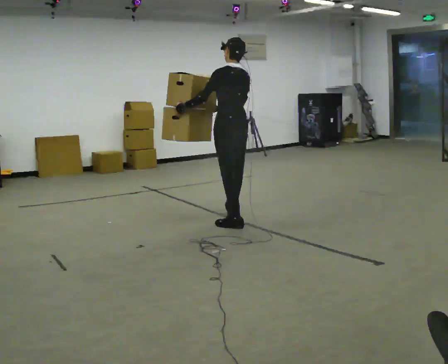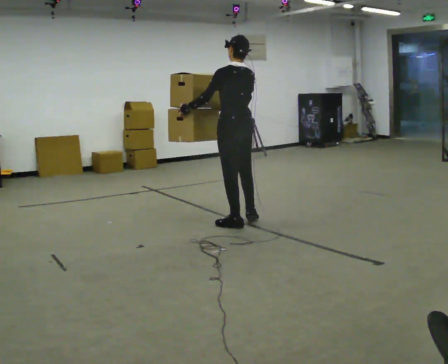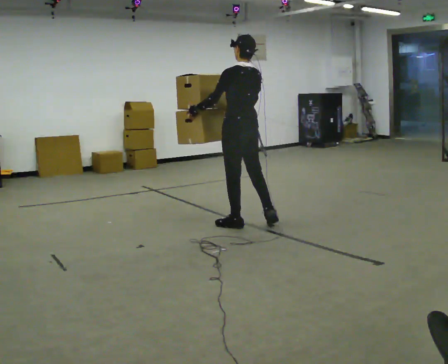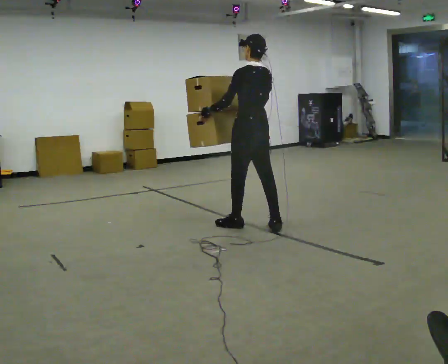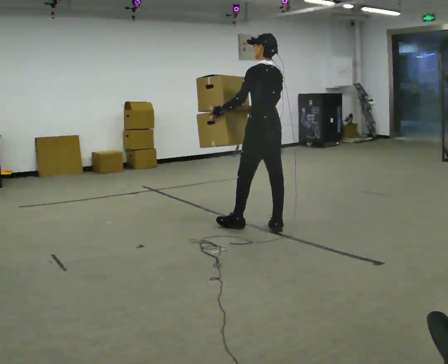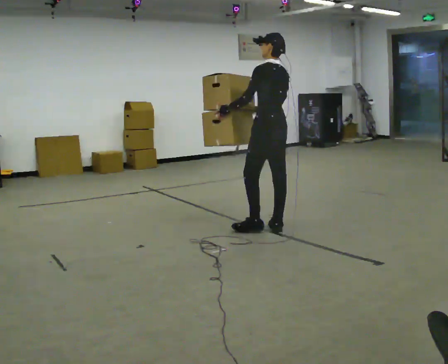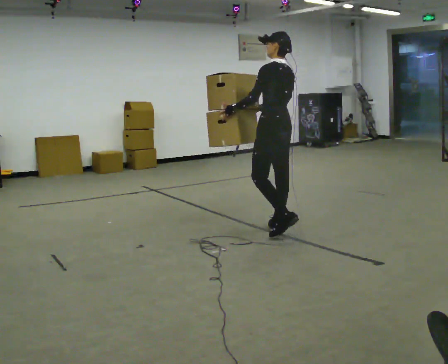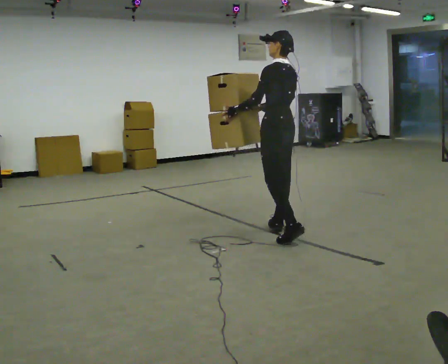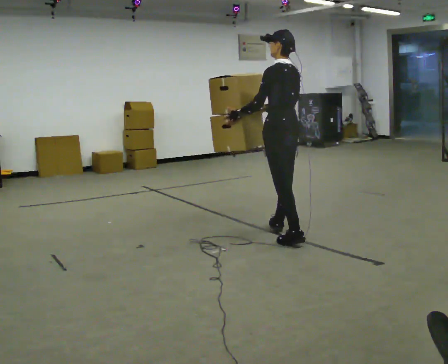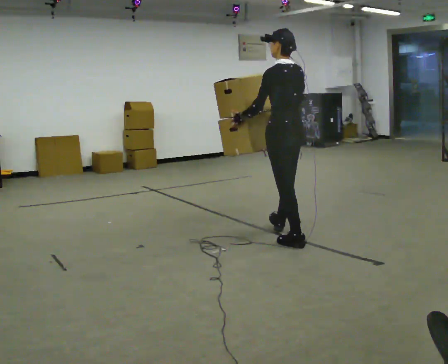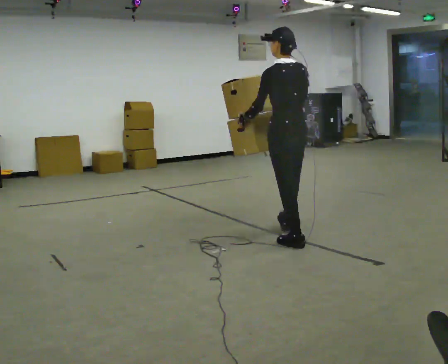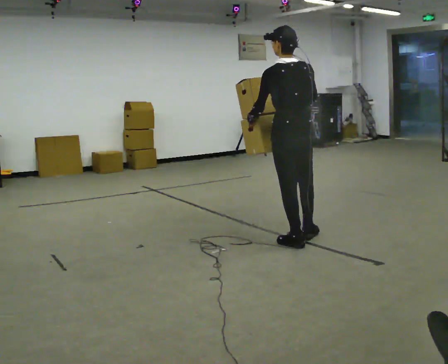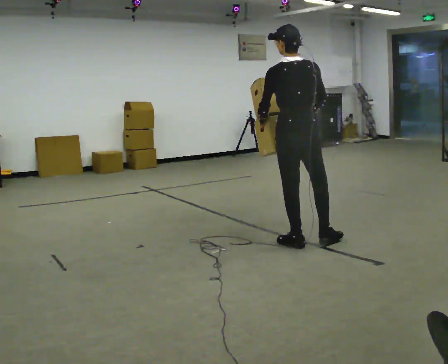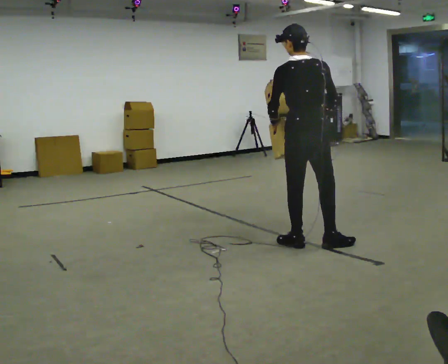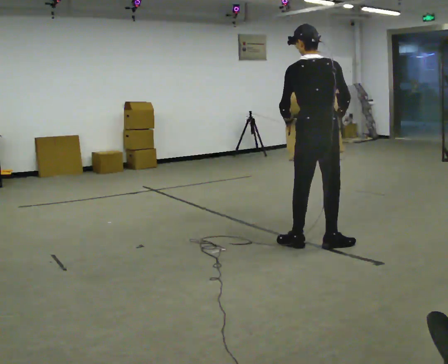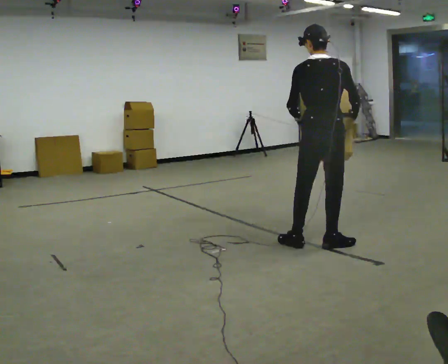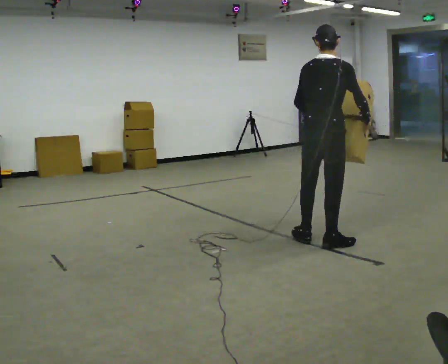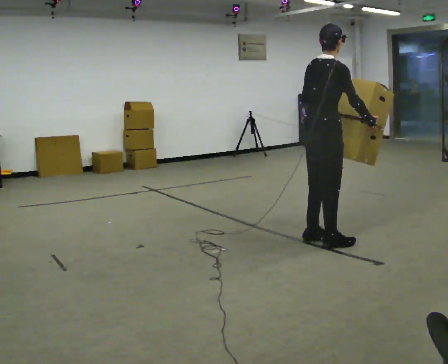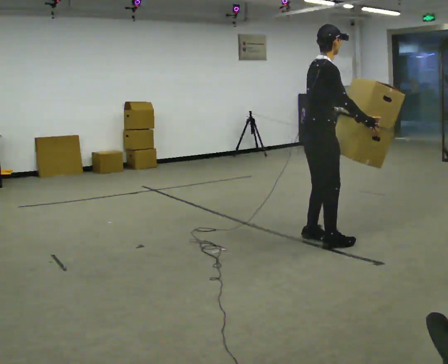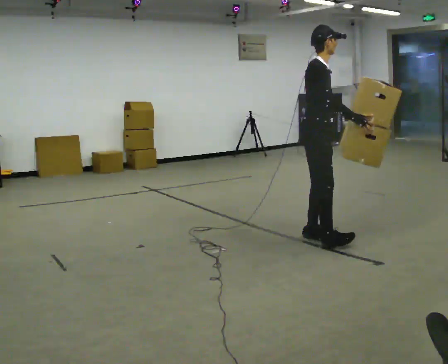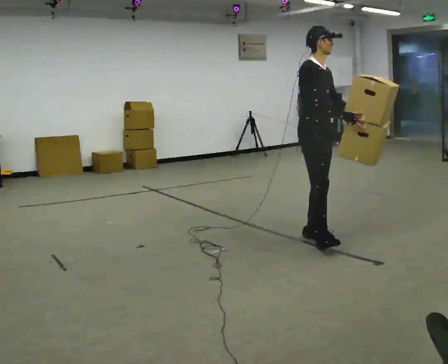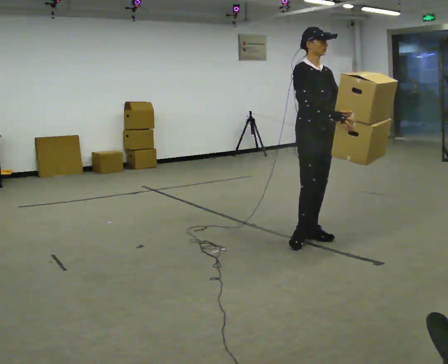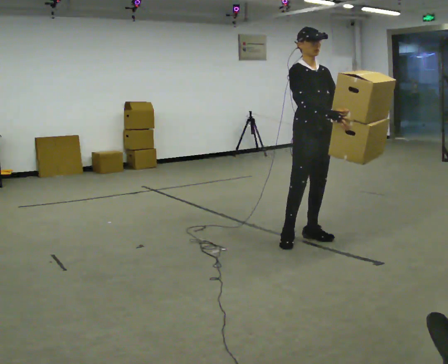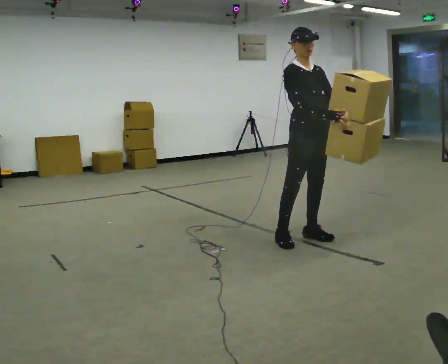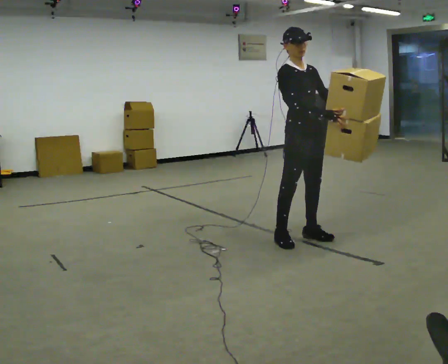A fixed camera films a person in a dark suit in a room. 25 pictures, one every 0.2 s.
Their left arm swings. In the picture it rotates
counterclockwise.
The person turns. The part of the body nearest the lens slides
to the left.
0.0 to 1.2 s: In the picture they go to the right and toward the camera, about 0.5 m in 2 steps, which for them is backward.
1.2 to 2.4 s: The person turns about 45 degrees to their right, clockwise seen from above, so the part of the body nearest the lens slides to the left. In the picture they go toward the camera and to the right, about 0.5 m in 1 step, which for them is backward and to their left.
2.4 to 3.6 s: Seen from above the body turns clockwise, about 90 degrees: to their right, with its near side sliding to the left. In the picture their right hand goes to the right.
3.6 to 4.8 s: The part of the body nearest the lens slides to the left as the person turns to their right by about 60 degrees. In the picture the upper body tilts counterclockwise, shoulders to the left, as they lean back or straighten.
The film runs backward here.
